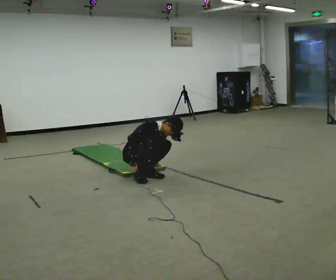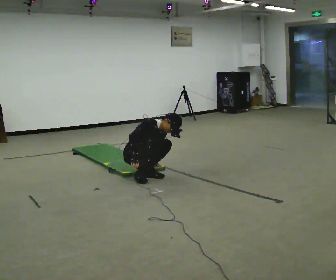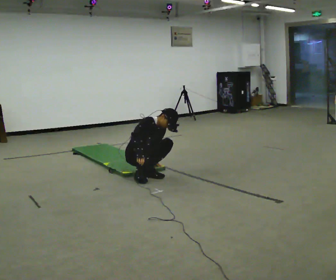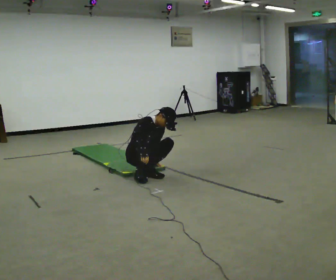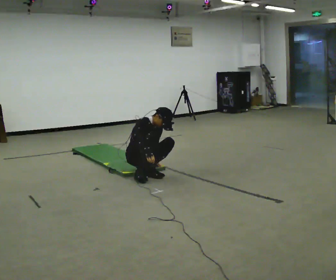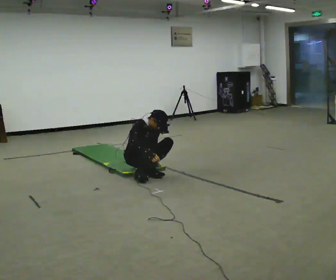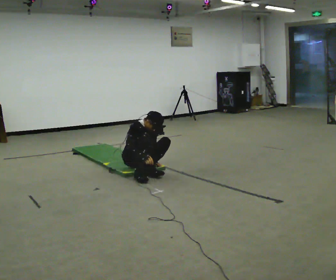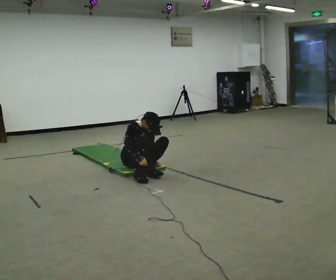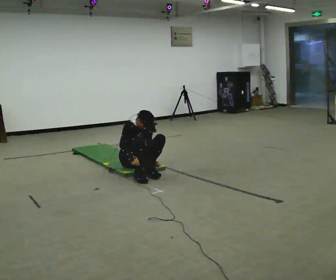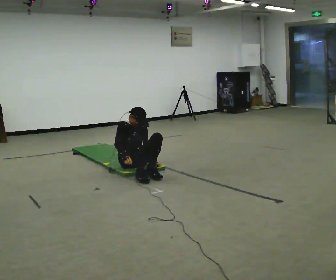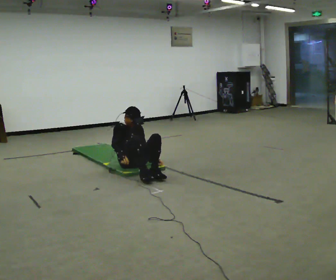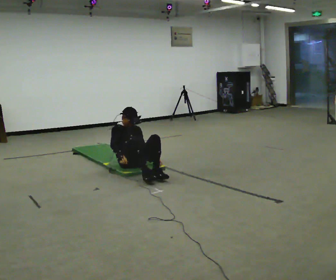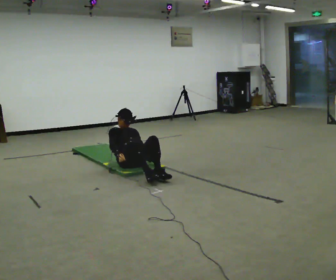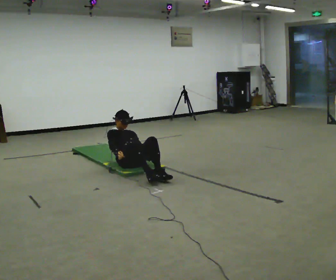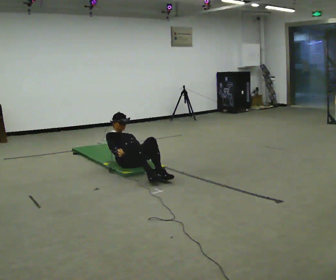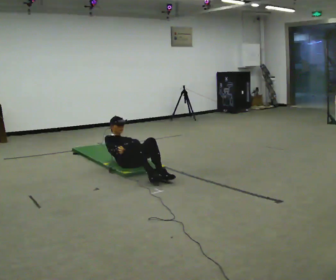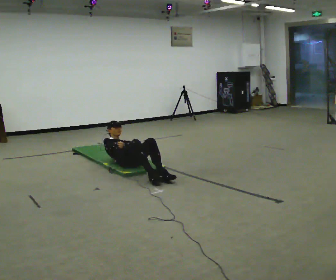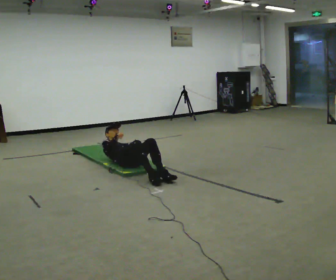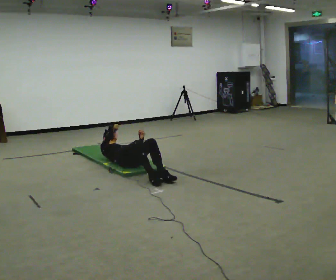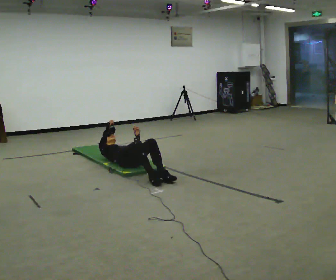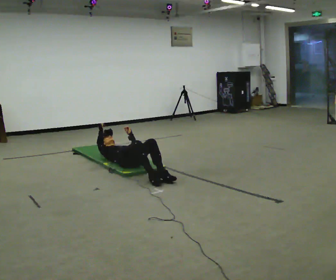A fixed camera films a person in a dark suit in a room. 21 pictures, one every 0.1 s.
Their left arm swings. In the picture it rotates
counterclockwise.
The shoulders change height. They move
downward.
0.0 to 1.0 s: In the picture they go away from the camera, about 0.25 m in 2 steps, which for them is backward and to their left. In the picture the upper body tilts counterclockwise, shoulders to the left, as they lean back or straighten.
1.0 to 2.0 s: The upper body goes downward. The upper body tips away from the camera, its near side rolling upward, as they lean back or straighten.
The film runs backward here.
